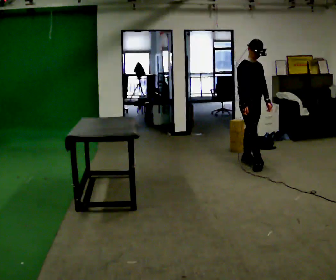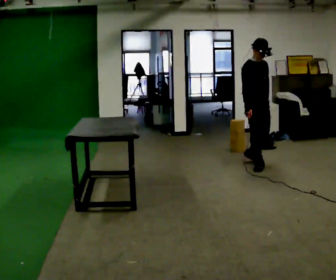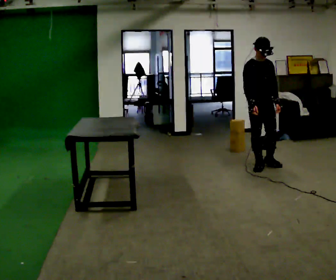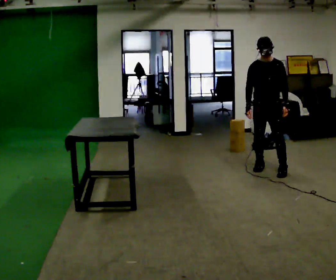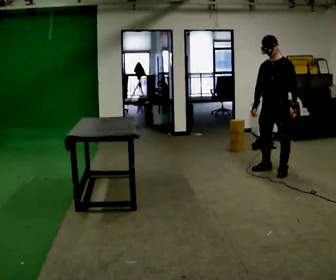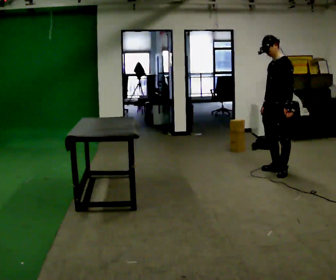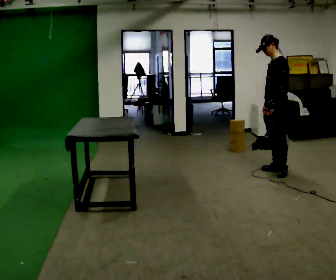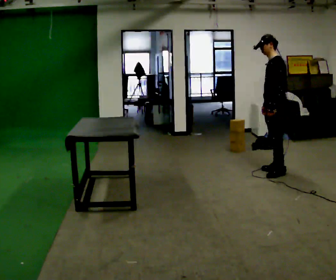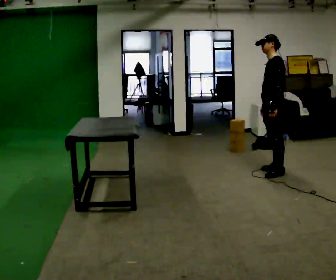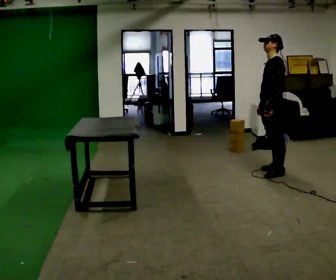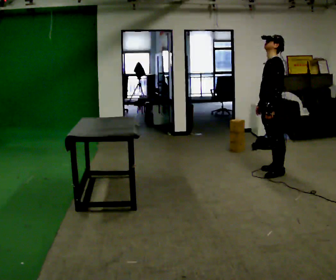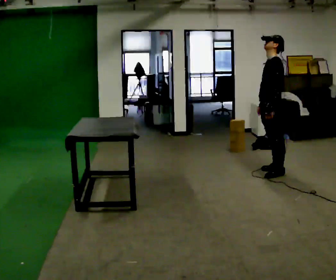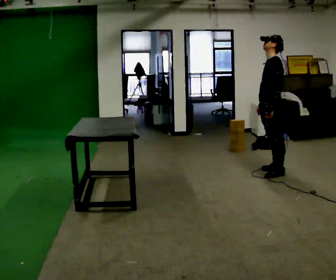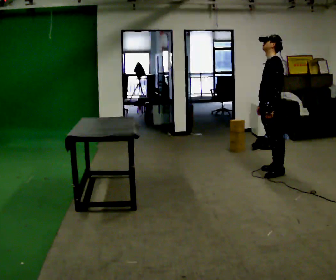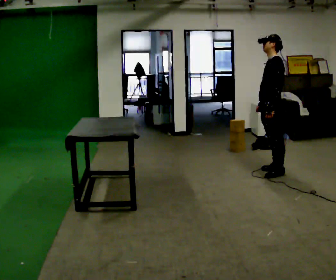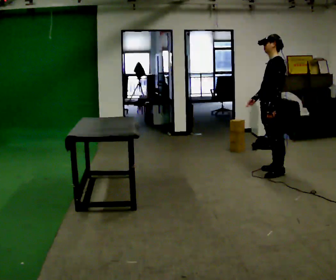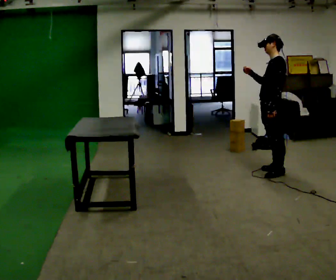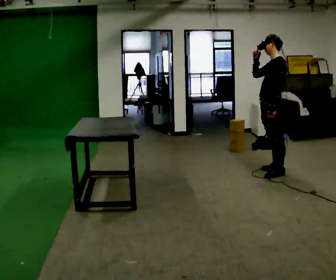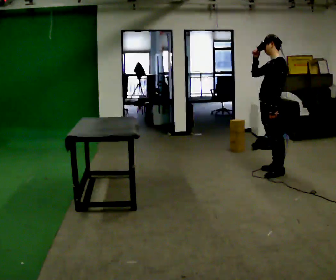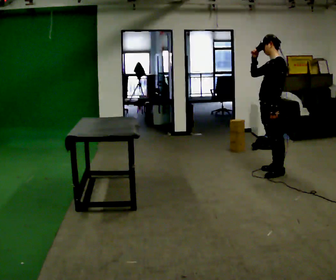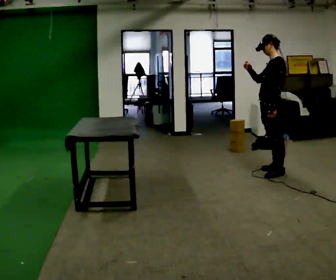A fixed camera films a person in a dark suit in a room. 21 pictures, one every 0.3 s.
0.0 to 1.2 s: Seen from above the body turns clockwise, about 90 degrees: to their right, with its near side sliding to the left. In the picture they go toward the camera and to the right, about 0.5 m in 1 step.
1.2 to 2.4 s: The person turns about 45 degrees to their right, clockwise seen from above, so the part of the body nearest the lens slides to the left.
2.4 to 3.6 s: The person moves a little, or ends about where they began.
3.6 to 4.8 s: In the picture their right hand goes upward, the arm swinging clockwise.
4.8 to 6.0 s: The person moves a little, or ends about where they began.
The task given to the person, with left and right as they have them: Pick an object up off the floor at one end of the room, carry it across, and place it on the waist-height shelf at the other end. Keep going until the operator says stop; one object at a time, and do not rush between trips.
The film runs forward here.
